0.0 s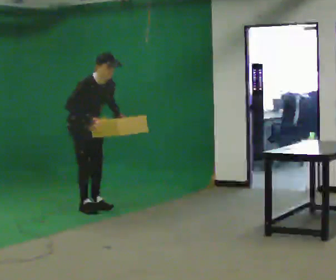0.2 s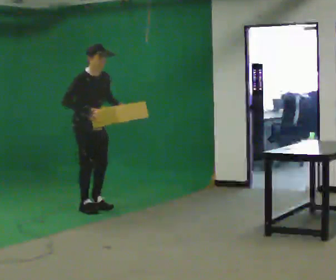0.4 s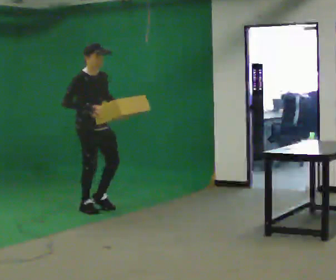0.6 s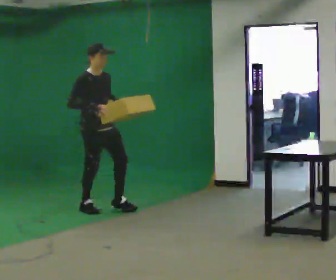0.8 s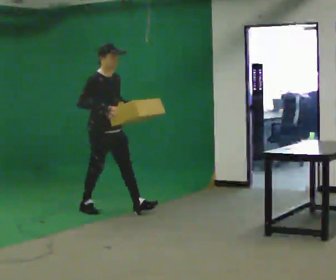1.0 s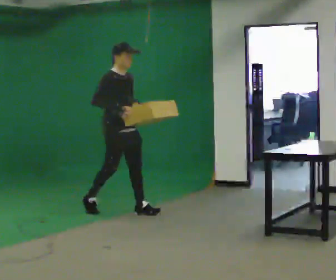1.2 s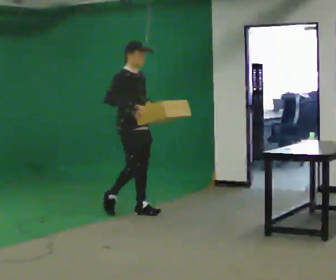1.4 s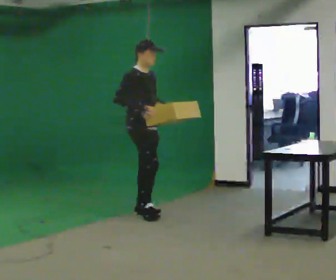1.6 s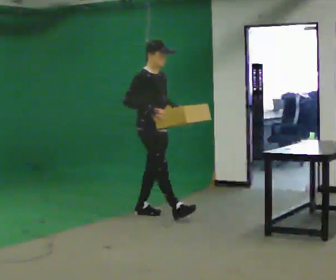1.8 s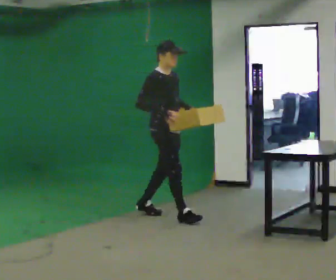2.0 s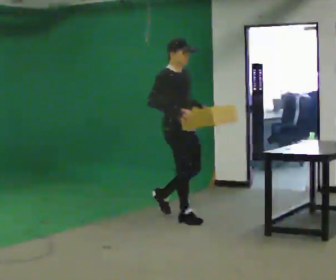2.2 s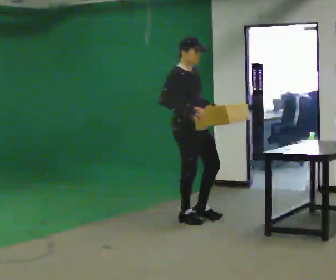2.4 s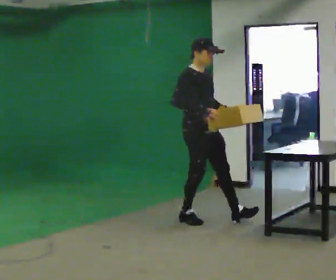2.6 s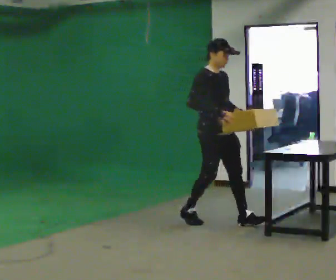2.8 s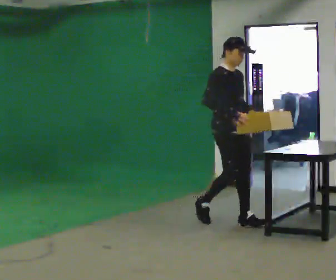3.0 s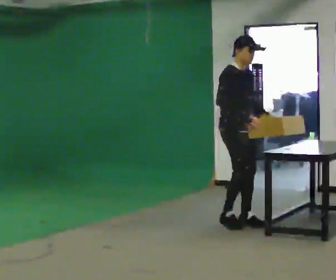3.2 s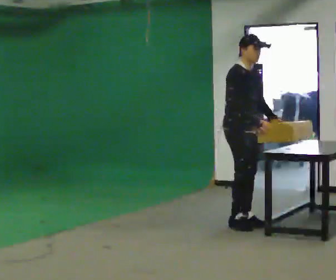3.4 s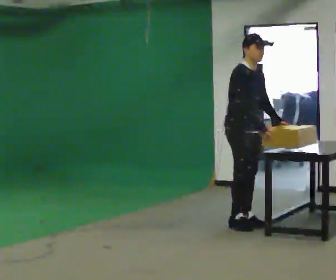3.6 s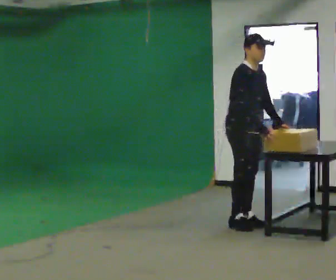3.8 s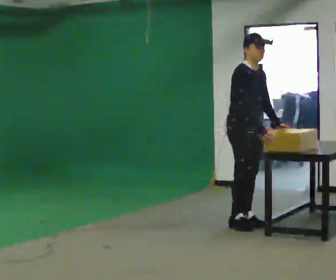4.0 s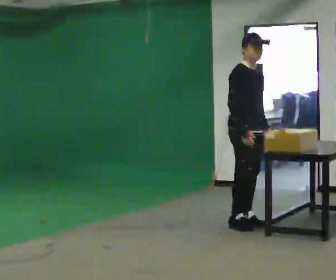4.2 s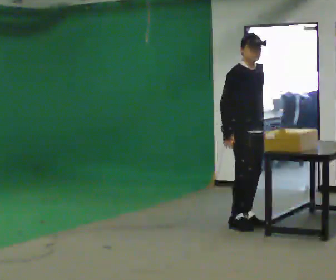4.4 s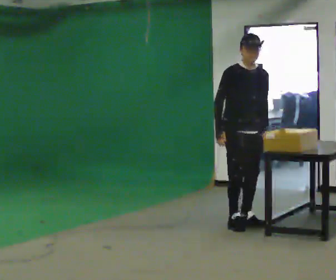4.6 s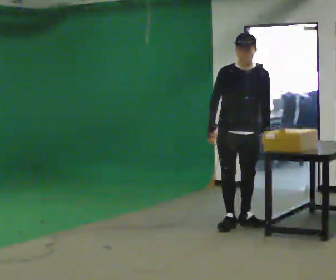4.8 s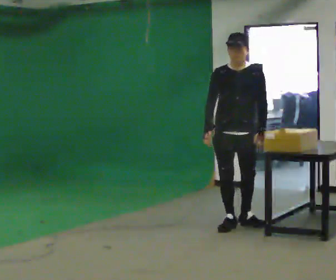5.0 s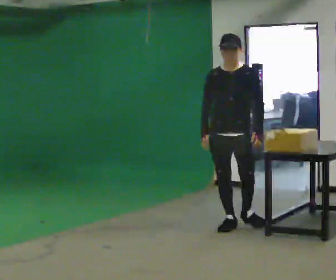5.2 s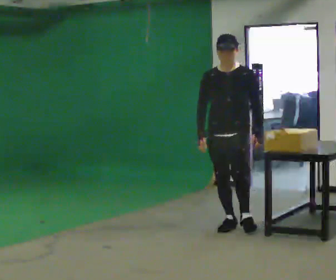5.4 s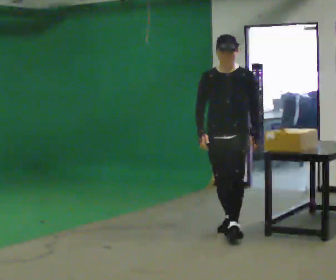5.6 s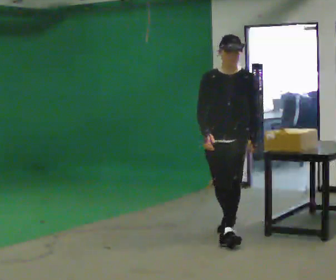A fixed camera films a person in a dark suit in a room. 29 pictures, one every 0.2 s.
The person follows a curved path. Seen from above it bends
clockwise.
0.0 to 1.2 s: In the picture they go to the right, about 0.5 m in 1 step, which for them is forward. In the picture the upper body tilts counterclockwise, shoulders to the left, as they lean back or straighten.
1.2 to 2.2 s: In the picture they go to the right and toward the camera, about 0.75 m in 1 step, which for them is forward.
2.2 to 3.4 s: In the picture they go to the right, about 0.5 m in 2 steps, which for them is forward. In the picture the upper body tilts clockwise, shoulders to the right.
3.4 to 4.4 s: The part of the body nearest the lens slides to the left as the person turns to their right by about 30 degrees. In the picture their right hand goes to the left.
4.4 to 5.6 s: The part of the body nearest the lens slides to the left as the person turns to their right by about 30 degrees. In the picture they go toward the camera, about 0.5 m in 1 step, which for them is forward.
The film runs forward here.
